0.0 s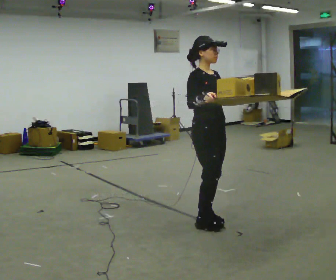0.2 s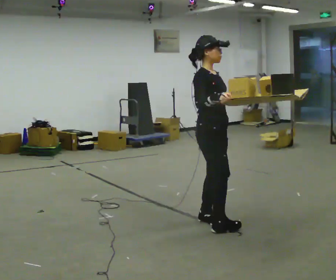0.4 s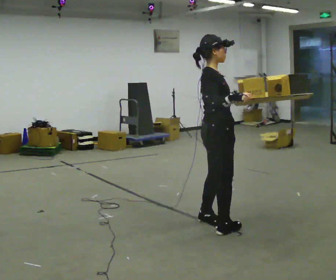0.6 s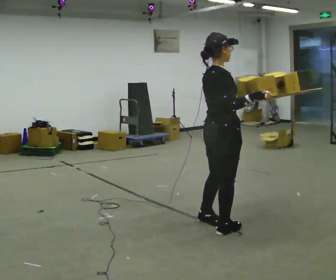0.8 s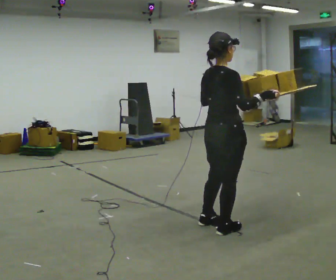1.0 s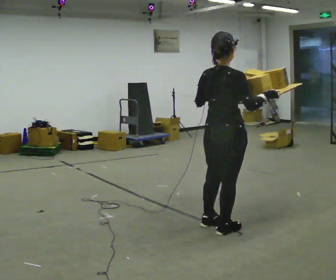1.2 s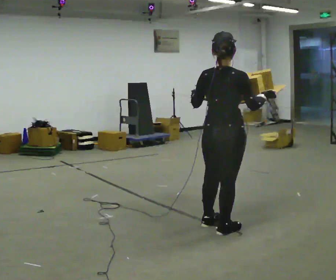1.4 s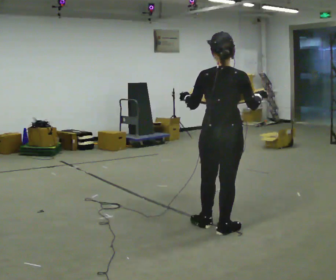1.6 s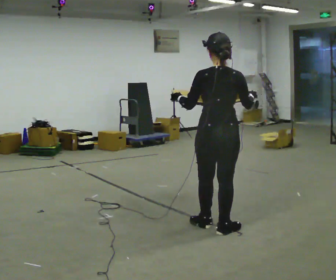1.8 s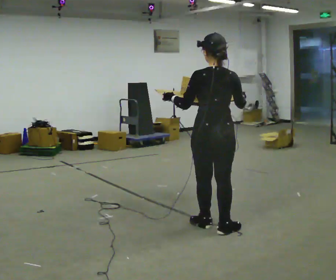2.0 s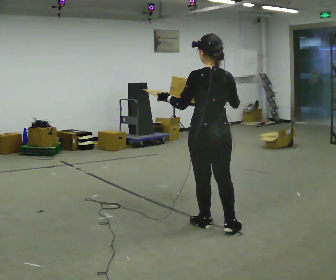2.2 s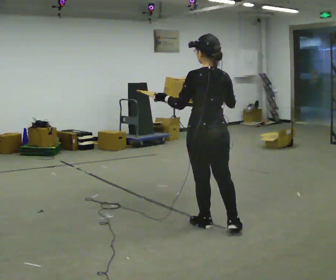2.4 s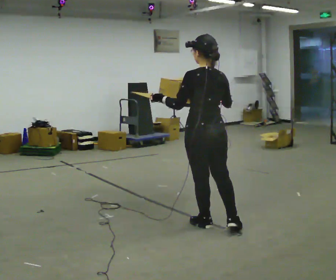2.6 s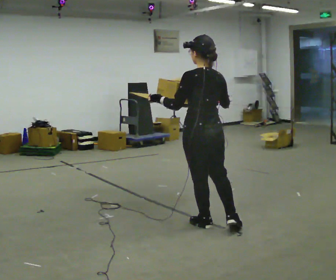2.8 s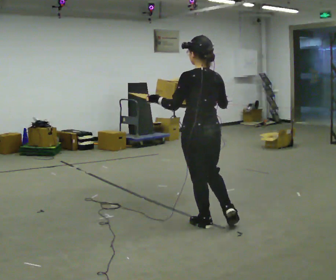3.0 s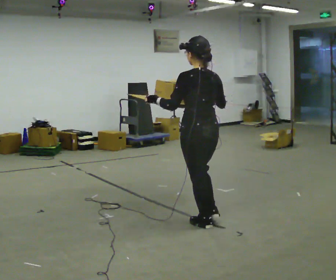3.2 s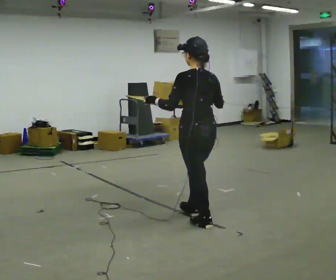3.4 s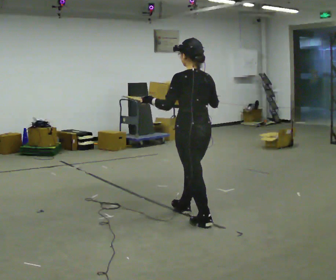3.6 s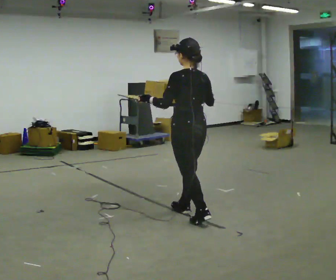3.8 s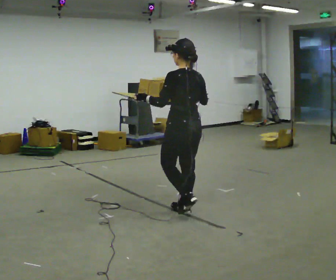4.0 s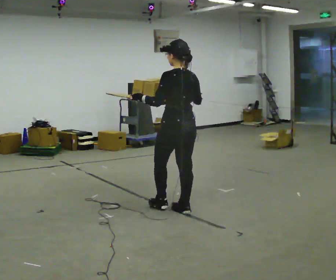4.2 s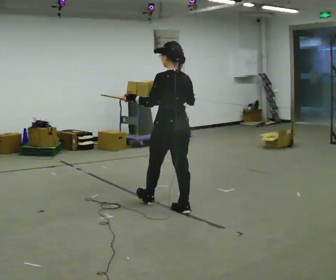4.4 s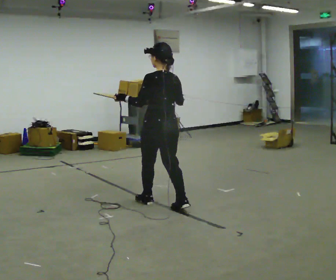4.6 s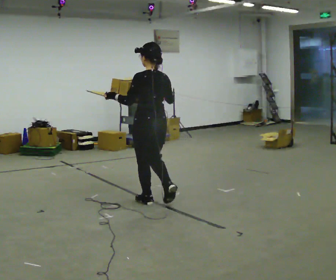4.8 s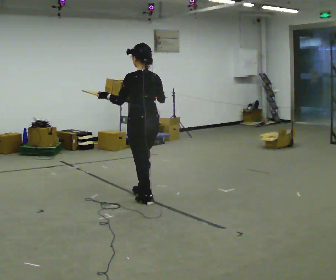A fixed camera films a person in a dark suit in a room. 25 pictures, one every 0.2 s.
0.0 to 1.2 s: Seen from above the body turns counterclockwise, about 105 degrees: to their left, with its near side sliding to the right. In the picture they go toward the camera and to the right, about 0.25 m in 2 steps.
1.2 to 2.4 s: The person turns about 45 degrees to their left, counterclockwise seen from above, so the part of the body nearest the lens slides to the right. In the picture they go to the left, about 0.25 m, which for them is forward.
2.4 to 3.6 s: In the picture they go away from the camera and to the left, about 0.25 m in 1 step, which for them is forward.
3.6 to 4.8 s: In the picture they go to the left and away from the camera, about 0.75 m in 1 step, which for them is forward.
The film runs forward here.
